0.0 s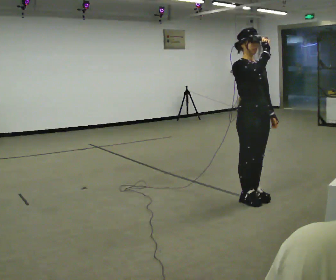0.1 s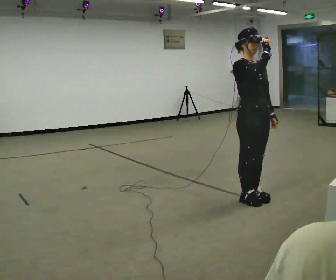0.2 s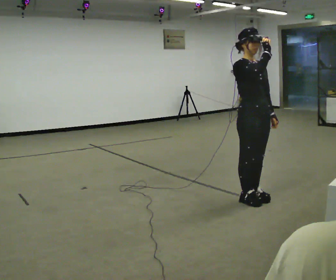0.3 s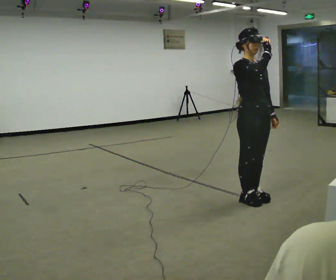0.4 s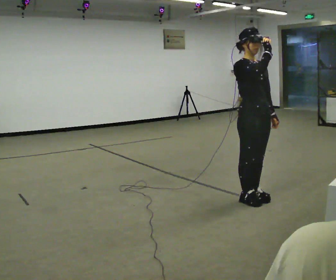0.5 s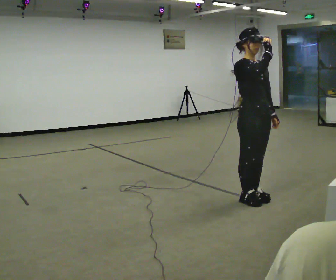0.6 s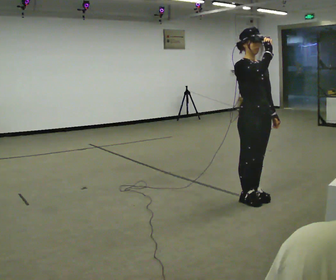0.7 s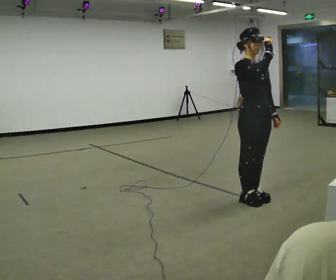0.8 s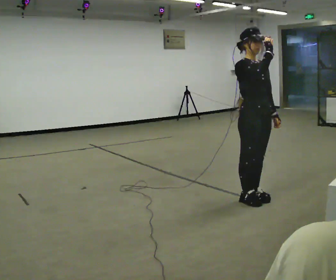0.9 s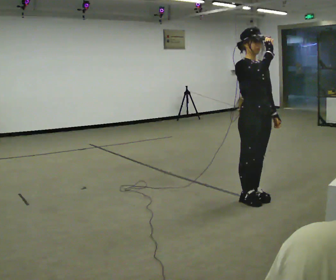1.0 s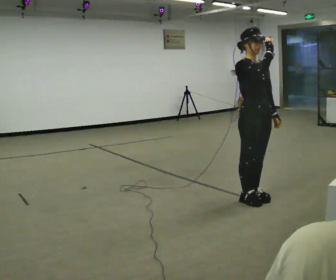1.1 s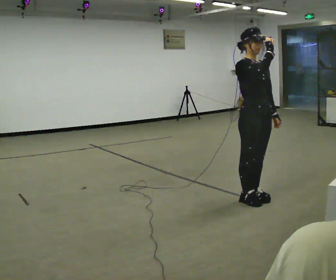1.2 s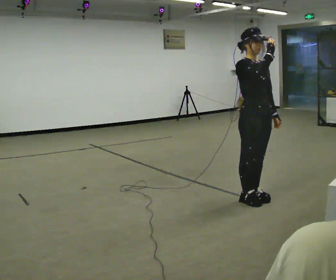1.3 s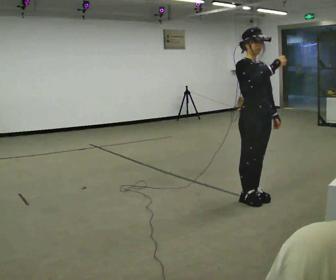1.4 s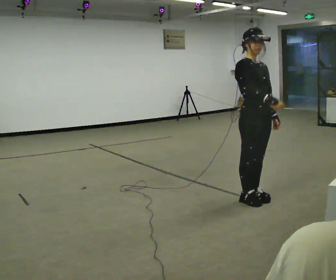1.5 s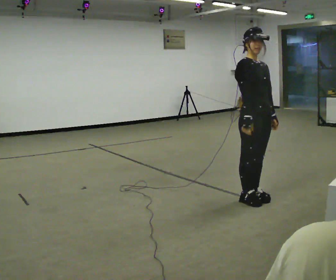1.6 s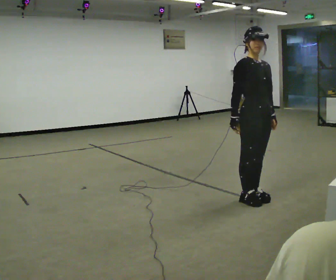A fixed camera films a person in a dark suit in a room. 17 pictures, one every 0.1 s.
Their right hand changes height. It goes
downward.
0.0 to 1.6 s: In the picture their right hand goes downward.
The film runs forward here.
